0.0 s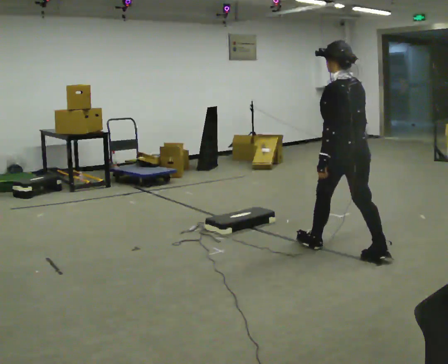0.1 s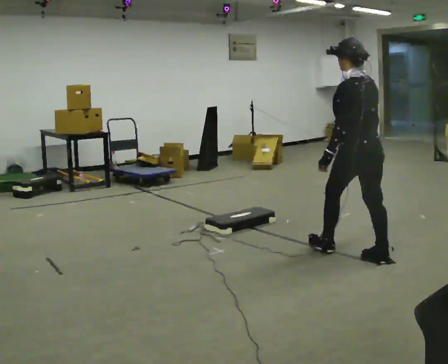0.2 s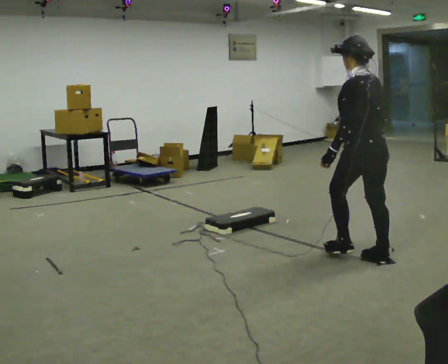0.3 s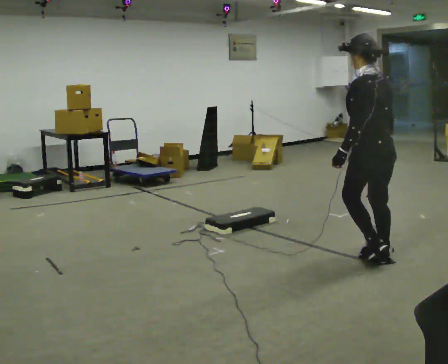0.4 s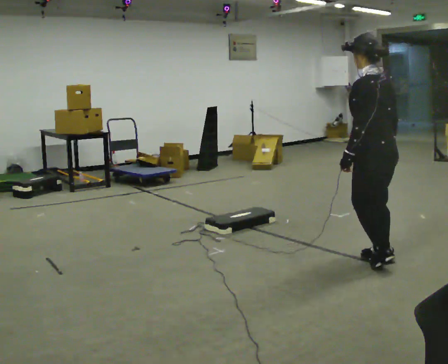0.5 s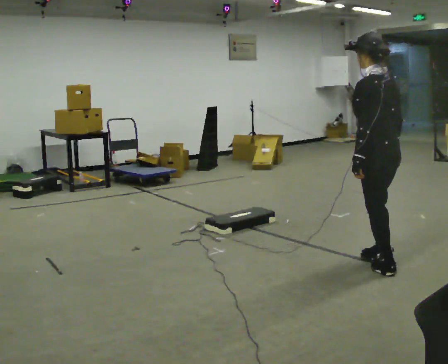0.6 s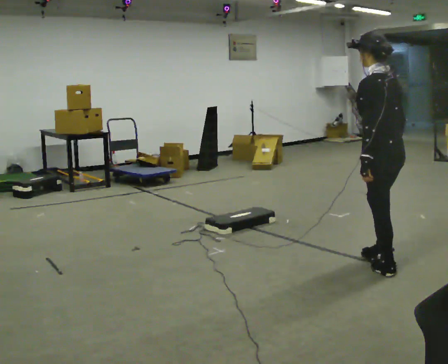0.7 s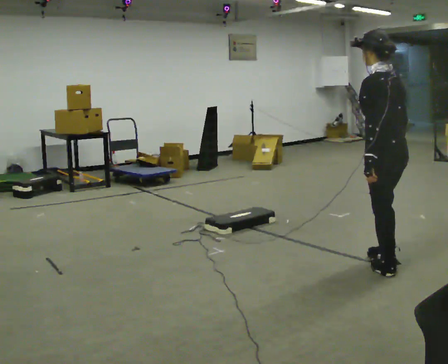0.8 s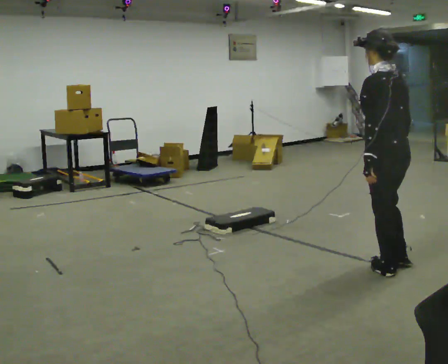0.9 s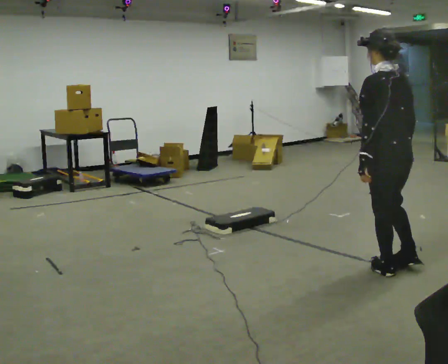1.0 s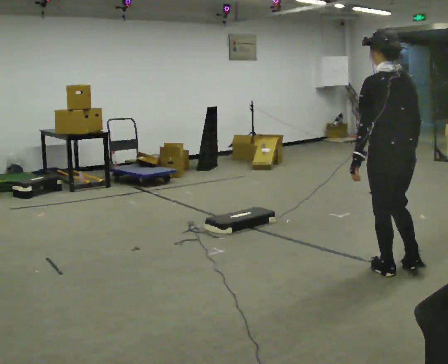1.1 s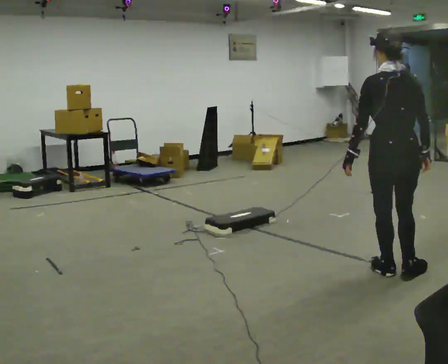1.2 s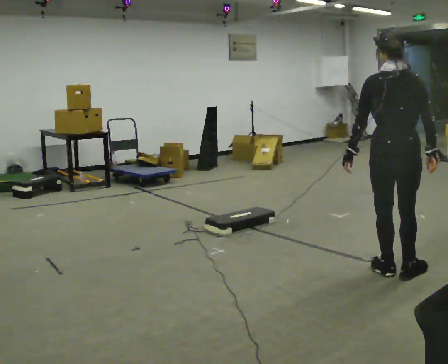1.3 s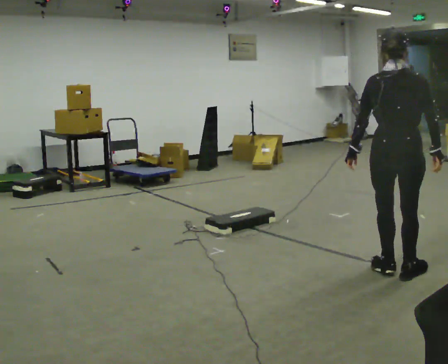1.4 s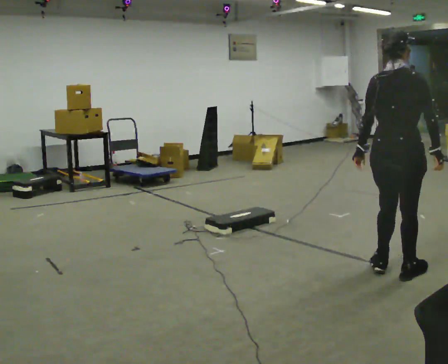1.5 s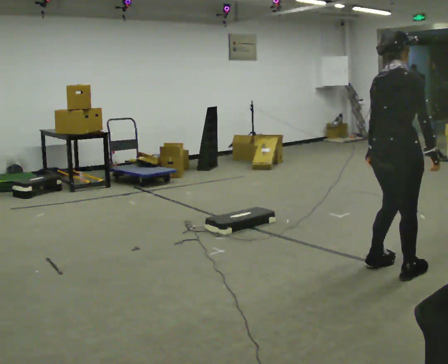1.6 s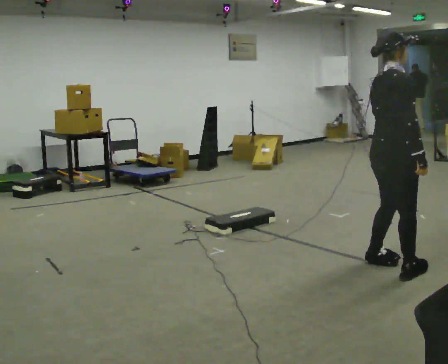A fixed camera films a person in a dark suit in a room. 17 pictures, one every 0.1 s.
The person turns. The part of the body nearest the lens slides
to the left.
The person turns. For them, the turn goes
to their right.
0.0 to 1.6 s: Seen from above the body turns clockwise, about 105 degrees: to their right, with its near side sliding to the left. In the picture they go toward the camera and to the right, about 0.5 m in 2 steps.
The film runs backward here.
